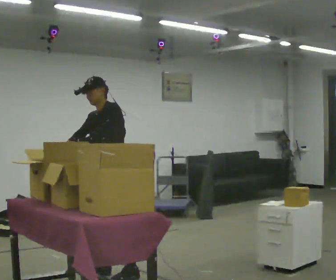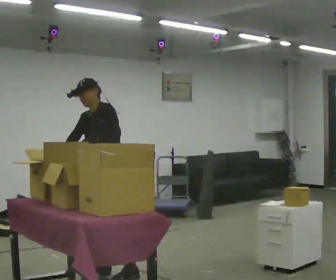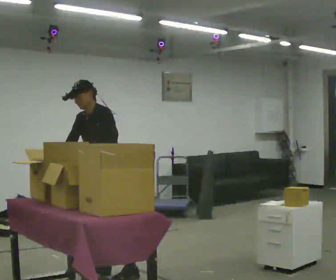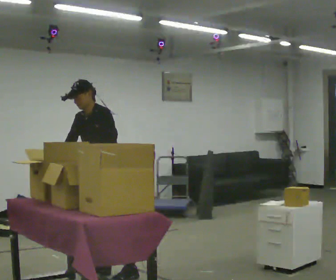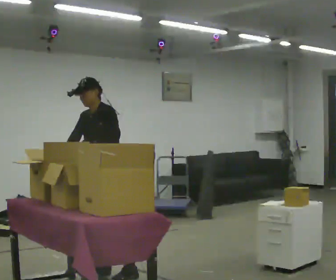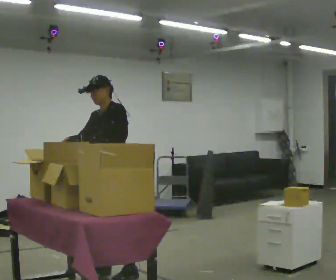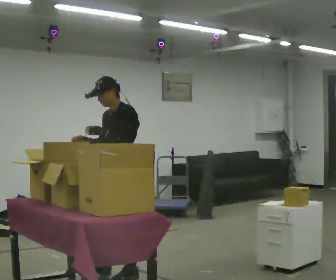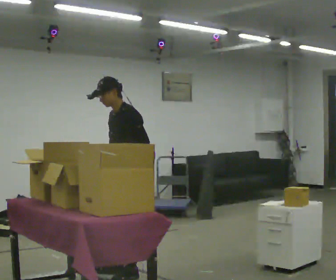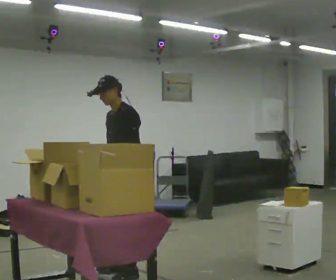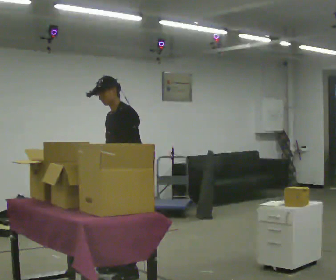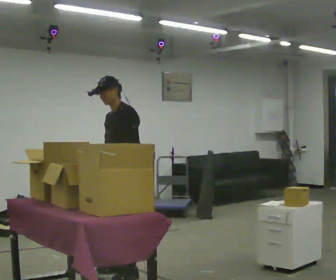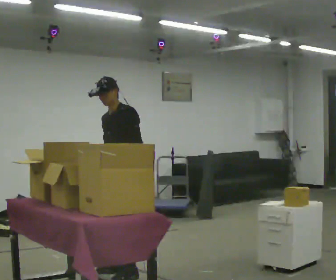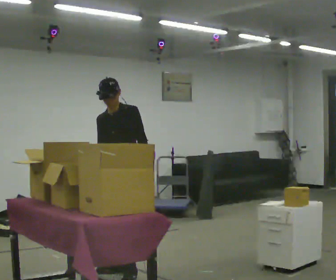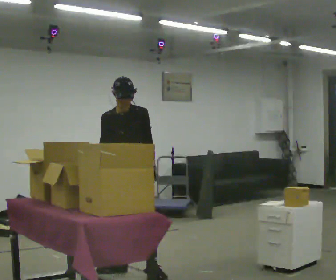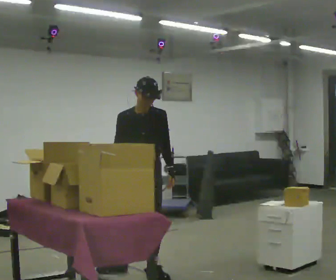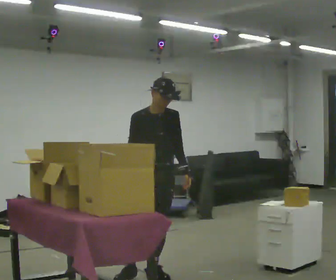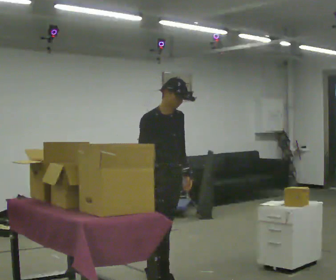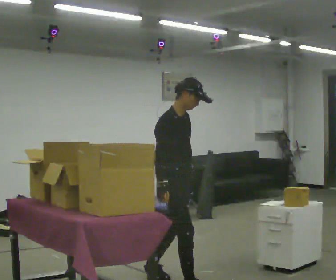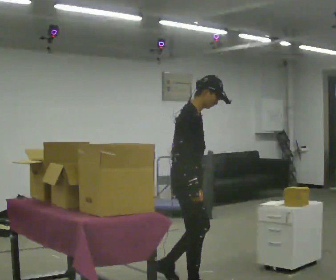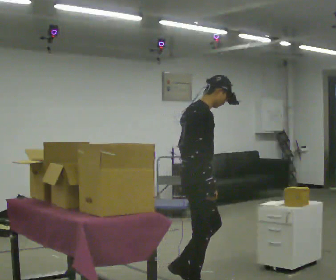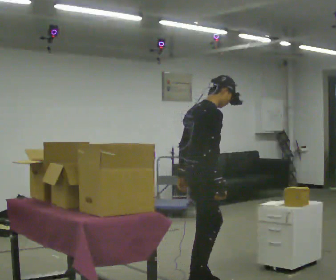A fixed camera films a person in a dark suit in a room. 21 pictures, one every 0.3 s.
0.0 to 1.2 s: The person moves a little, or ends about where they began.
1.2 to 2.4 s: In the picture their right hand goes to the right.
2.4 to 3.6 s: Seen from above the body turns counterclockwise, about 30 degrees: to their left, with its near side sliding to the right.
3.6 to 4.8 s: The part of the body nearest the lens slides to the right as the person turns to their left by about 75 degrees. In the picture they go toward the camera and to the right, about 0.5 m.
4.8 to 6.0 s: The person turns about 75 degrees to their left, counterclockwise seen from above, so the part of the body nearest the lens slides to the right. In the picture they go toward the camera and to the right, about 0.5 m in 2 steps.
The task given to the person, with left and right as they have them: 1. Read the list the operator gives you. 2. Collect the six items on the list from the shelves. 3. Put them all in the bin on the table. 4. Tell the operator when you are finished.
The film runs forward here.
